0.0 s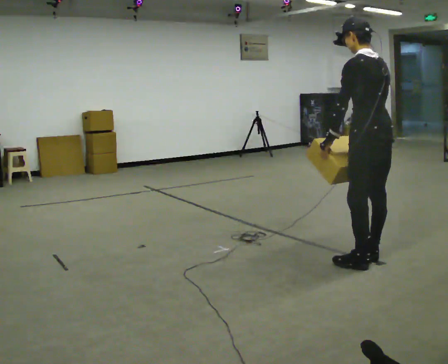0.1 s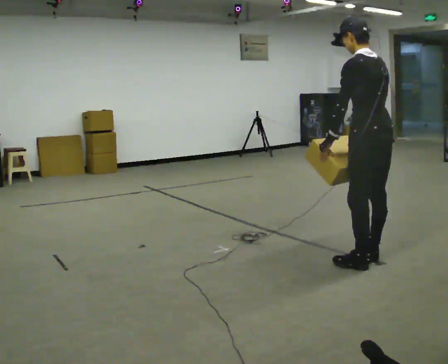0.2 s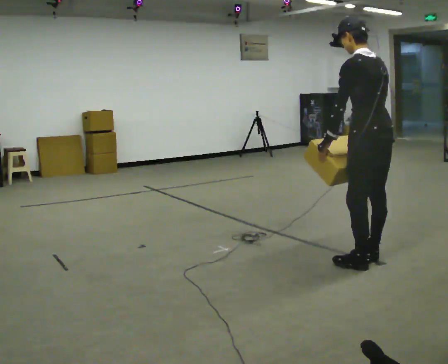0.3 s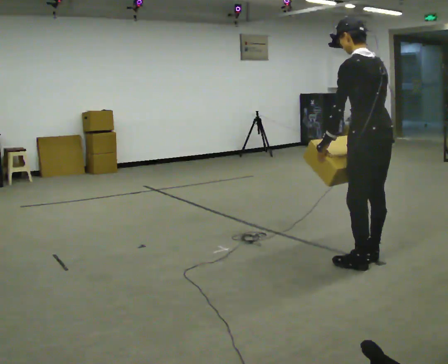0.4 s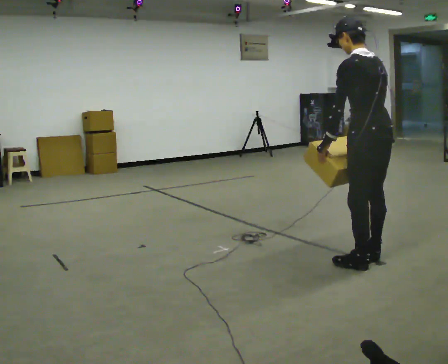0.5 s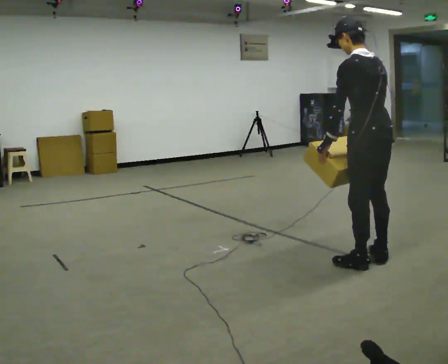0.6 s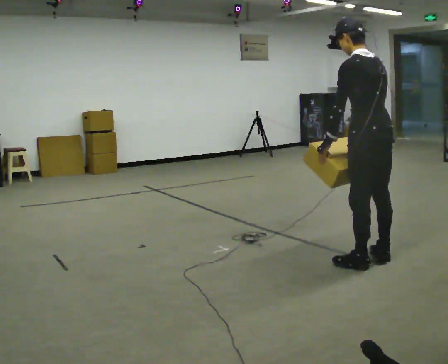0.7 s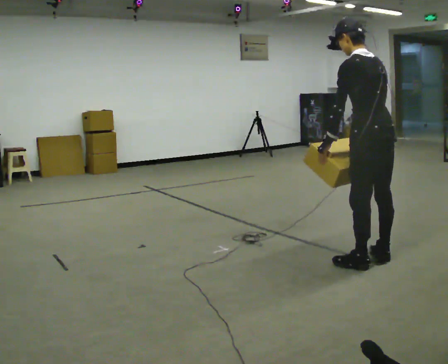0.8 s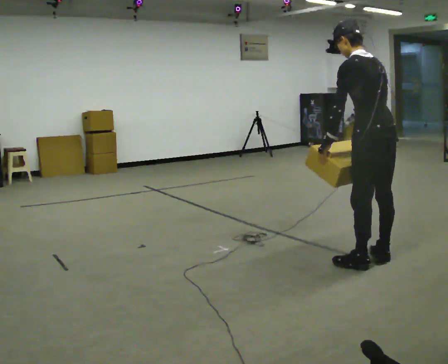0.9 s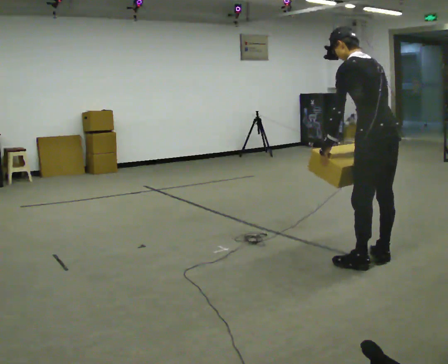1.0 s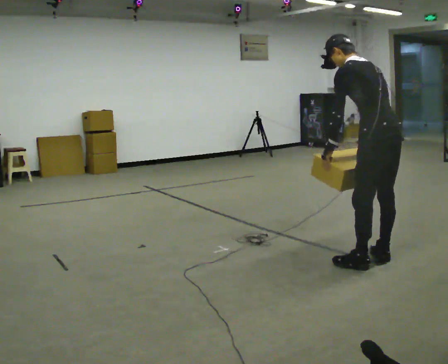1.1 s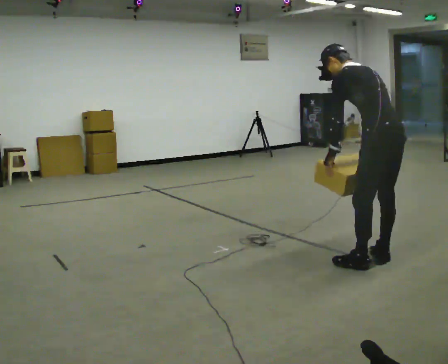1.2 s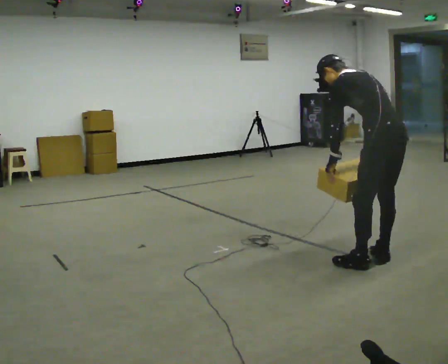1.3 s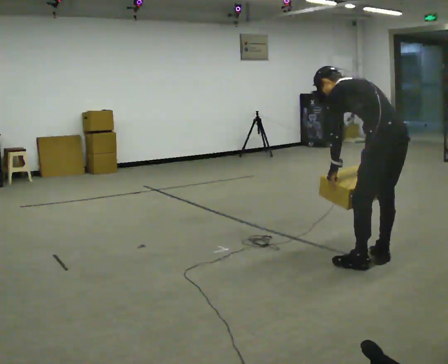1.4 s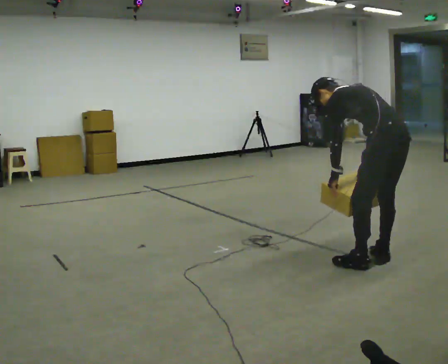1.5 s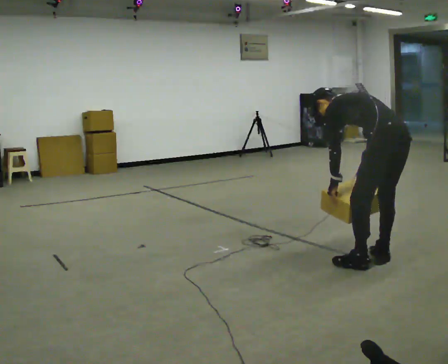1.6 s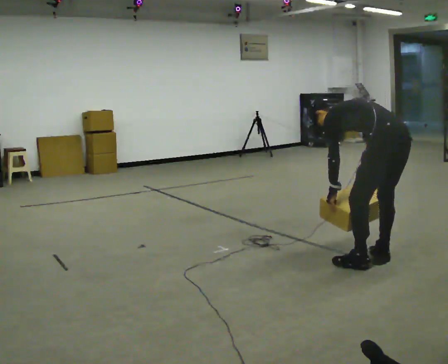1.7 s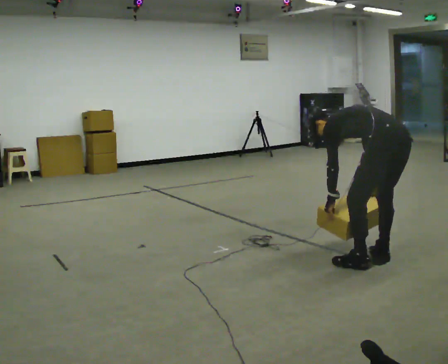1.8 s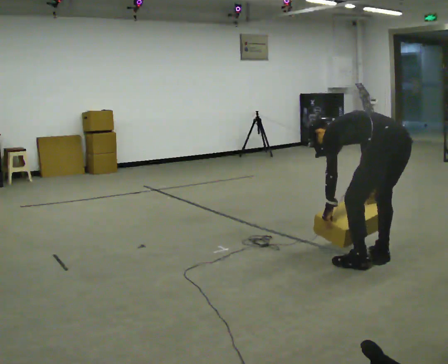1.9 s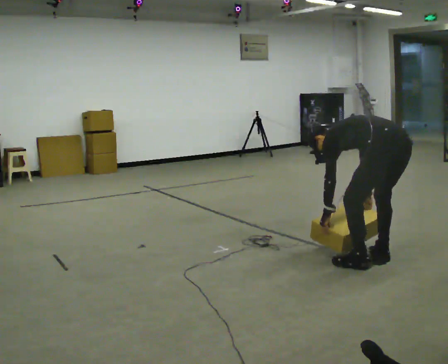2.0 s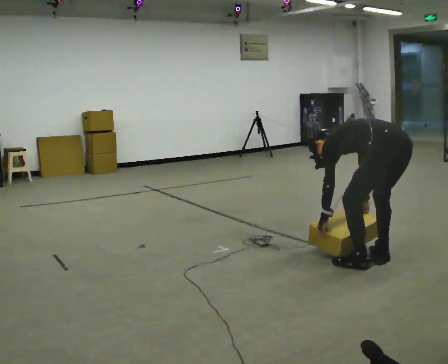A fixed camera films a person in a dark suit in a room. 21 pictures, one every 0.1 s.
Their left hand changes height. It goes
downward.
The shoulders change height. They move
downward.
0.0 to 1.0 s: In the picture the upper body tilts counterclockwise, shoulders to the left, as they bend forward.
1.0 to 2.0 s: The shoulders move downward. In the picture the upper body tilts counterclockwise, shoulders to the left, as they bend forward. In the picture their left hand goes downward.
The film runs forward here.
